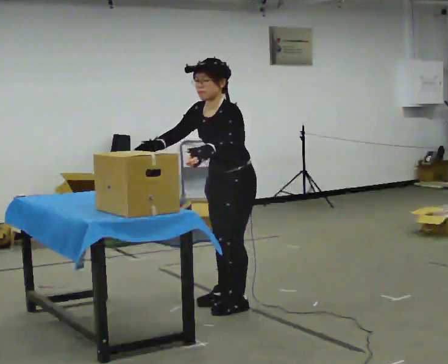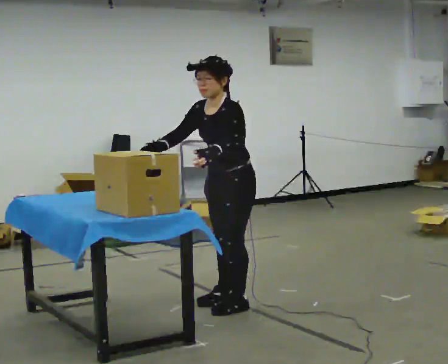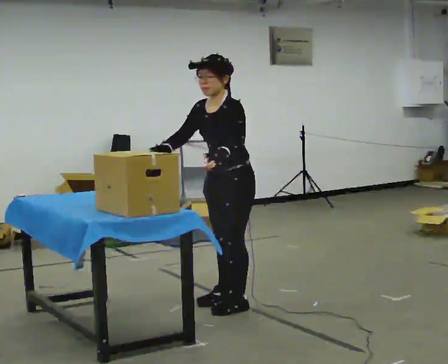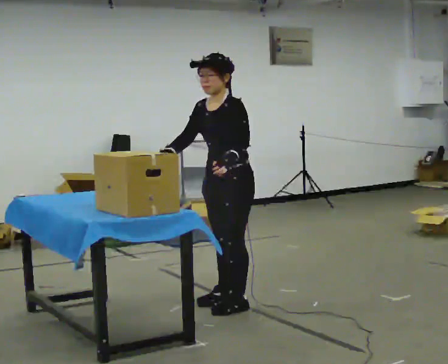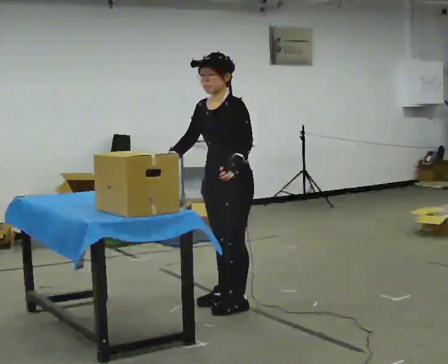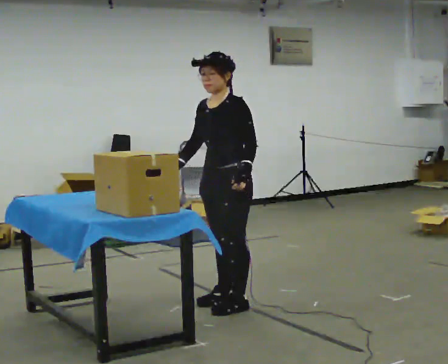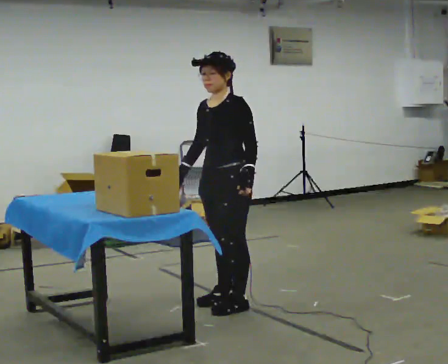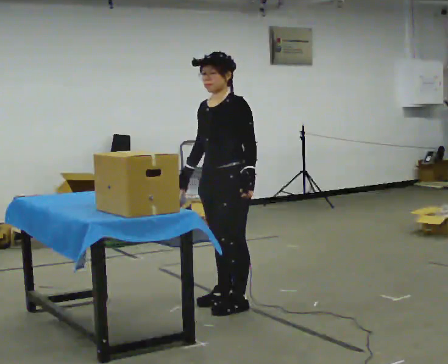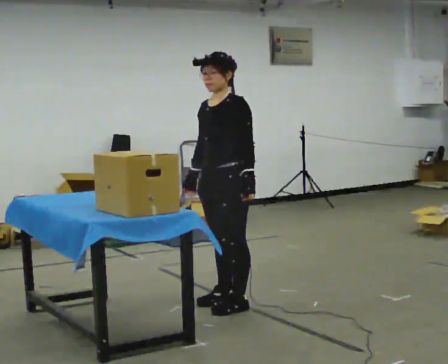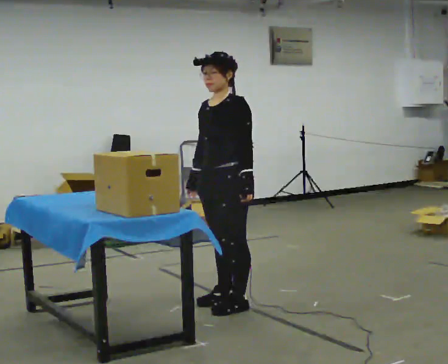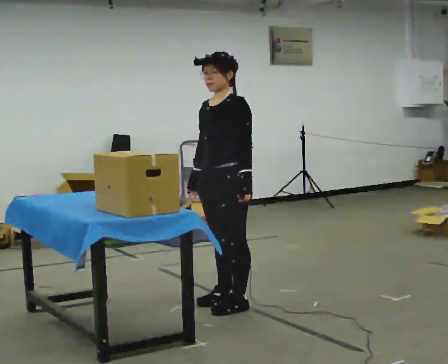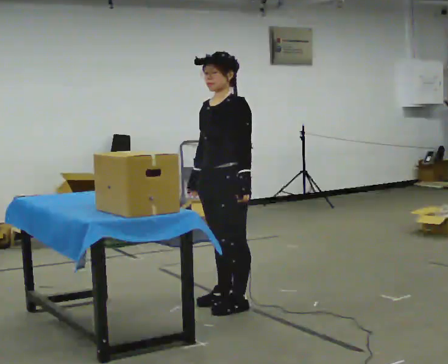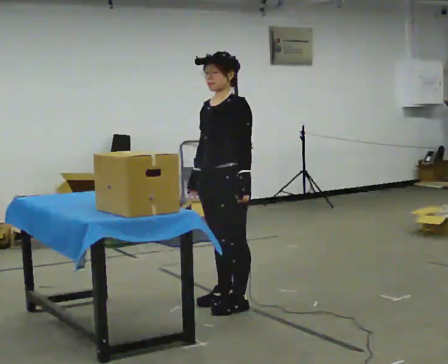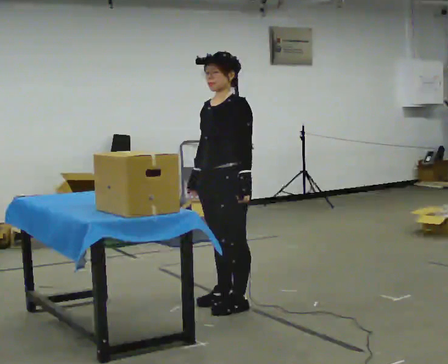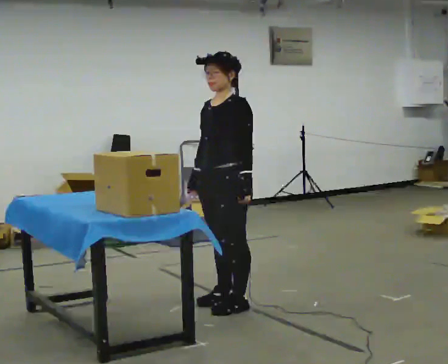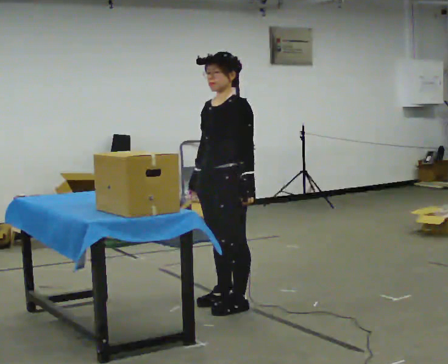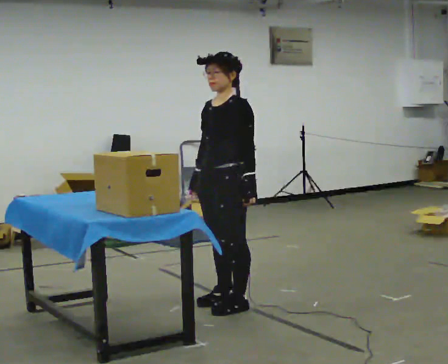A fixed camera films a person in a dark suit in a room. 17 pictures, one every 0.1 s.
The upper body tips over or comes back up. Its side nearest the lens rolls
upward.
0.0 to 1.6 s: The upper body tips away from the camera, its near side rolling upward, as they lean back or straighten.
The film runs backward here.
